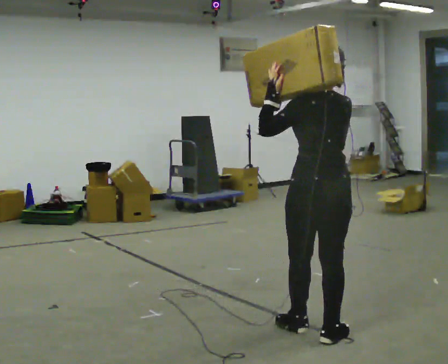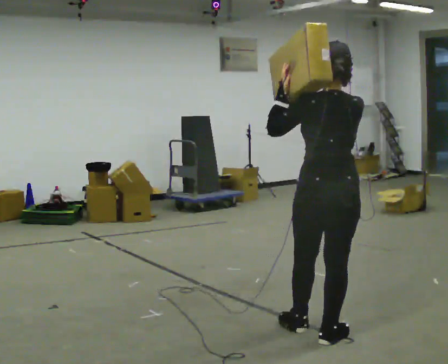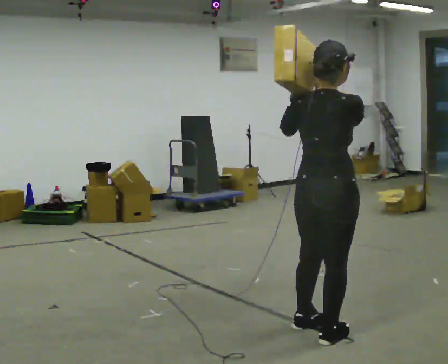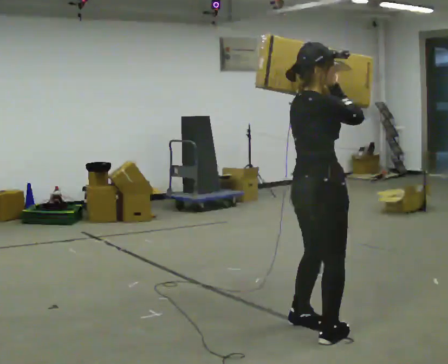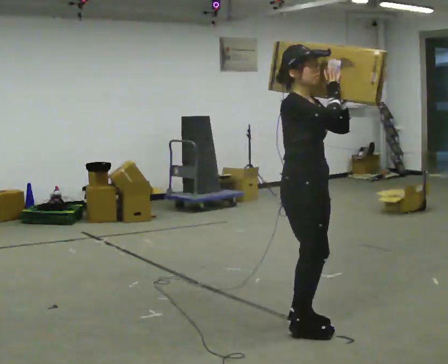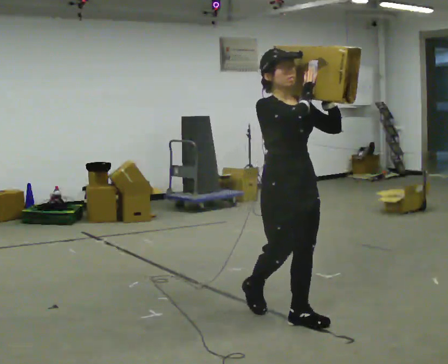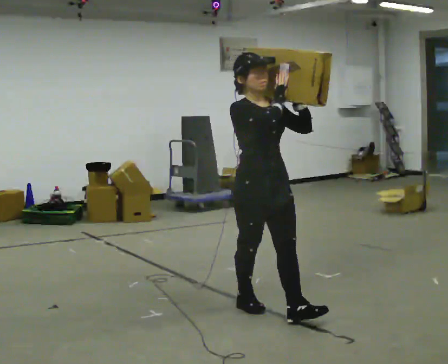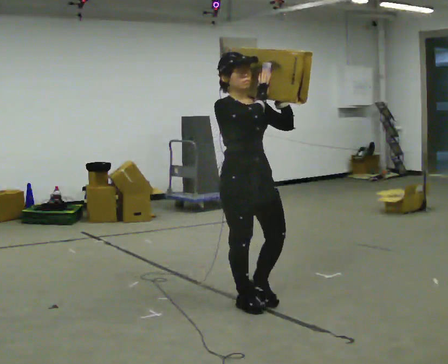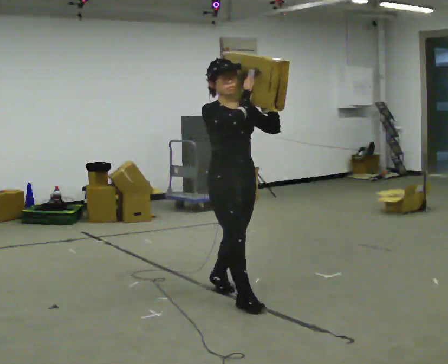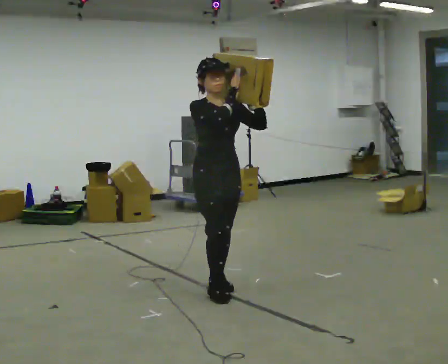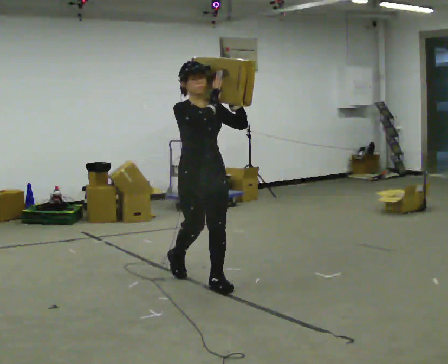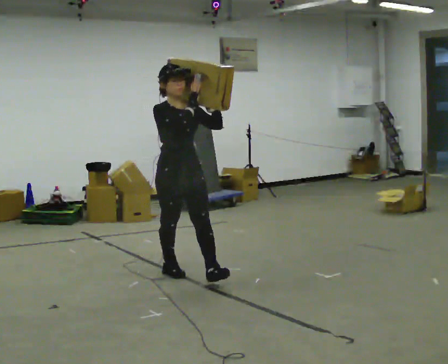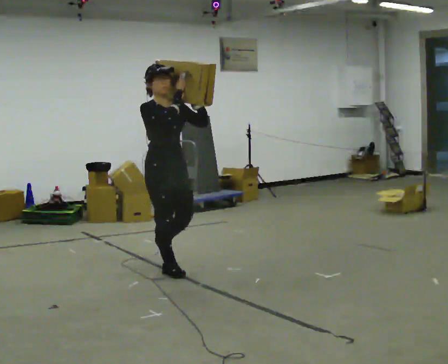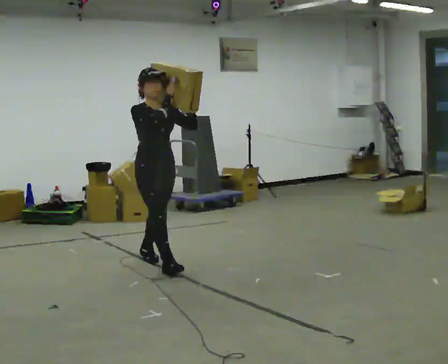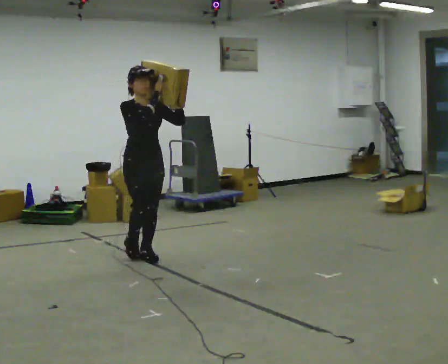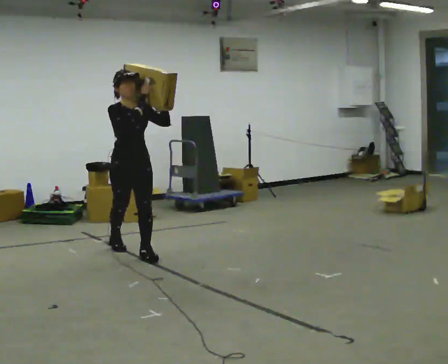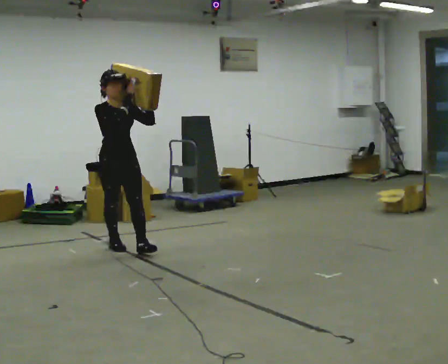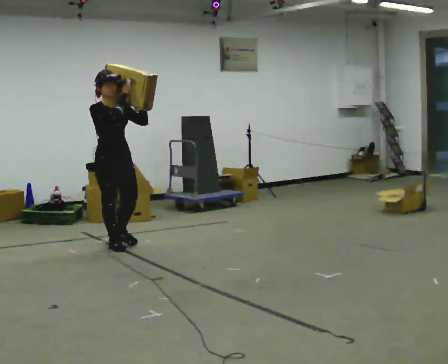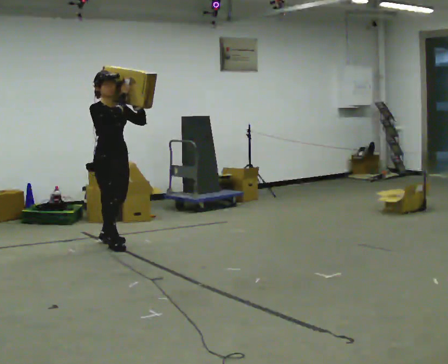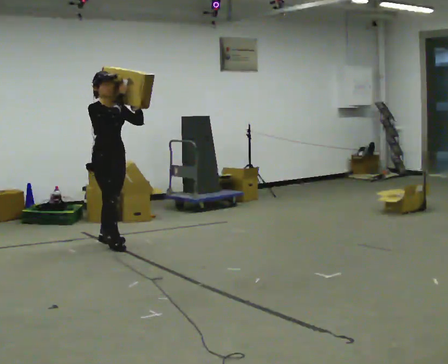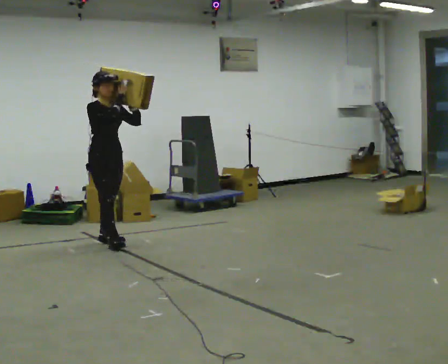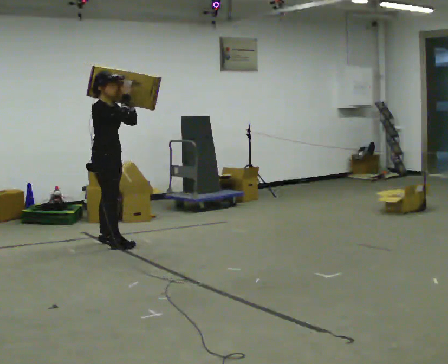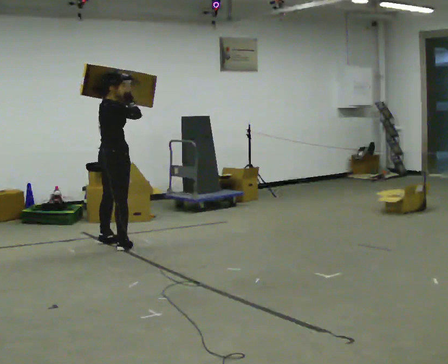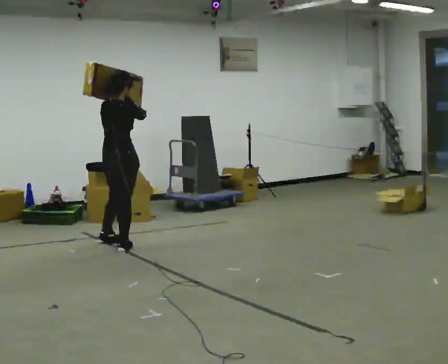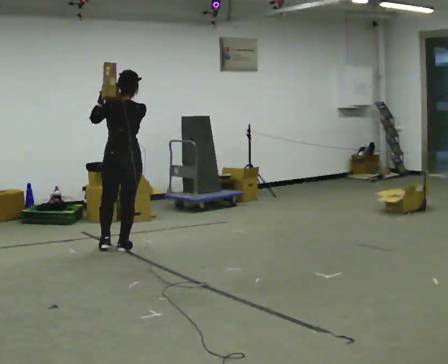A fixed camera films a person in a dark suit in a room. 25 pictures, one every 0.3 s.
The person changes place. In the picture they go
away from the camera.
0.0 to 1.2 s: Seen from above the body turns clockwise, about 135 degrees: to their right, with its near side sliding to the left. In the picture they go away from the camera, about 0.25 m in 1 step. In the picture their left hand goes to the right.
1.2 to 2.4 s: The person turns about 30 degrees to their right, clockwise seen from above, so the part of the body nearest the lens slides to the left. In the picture they go away from the camera and to the left, about 0.75 m in 1 step, which for them is backward.
2.4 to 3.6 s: In the picture they go away from the camera and to the left, about 1 m in 2 steps, which for them is backward.
3.6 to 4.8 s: In the picture they go away from the camera and to the left, about 1 m in 2 steps, which for them is backward.
4.8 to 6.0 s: In the picture they go away from the camera and to the left, about 0.25 m, which for them is backward.
6.0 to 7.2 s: The person turns about 135 degrees to their left, counterclockwise seen from above, so the part of the body nearest the lens slides to the right. In the picture they go toward the camera and to the right, about 0.25 m in 1 step.
The film runs backward here.
